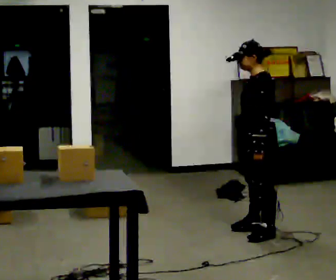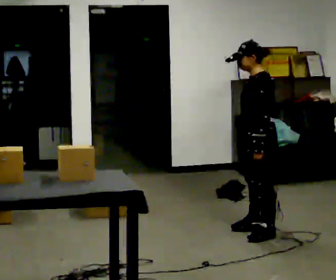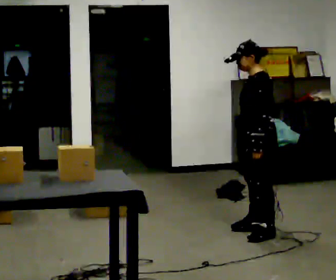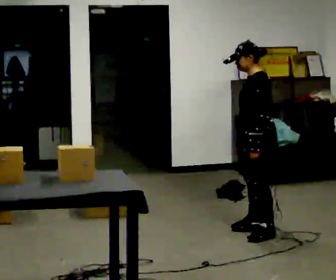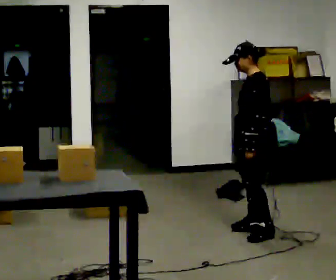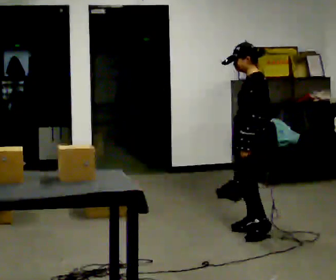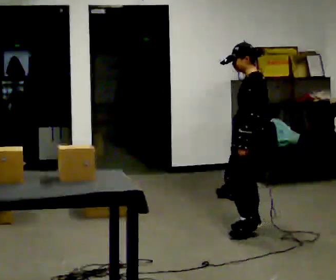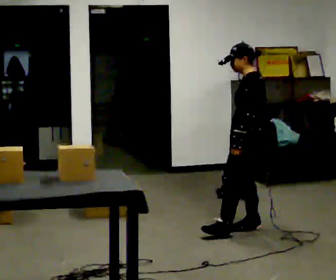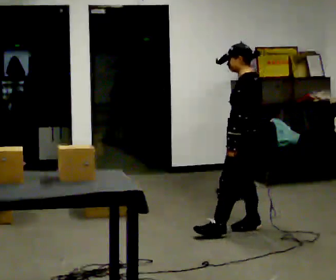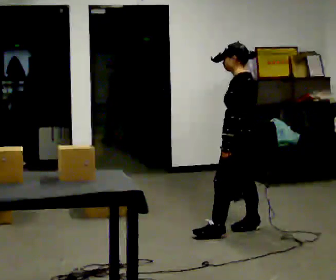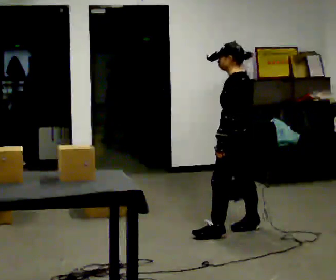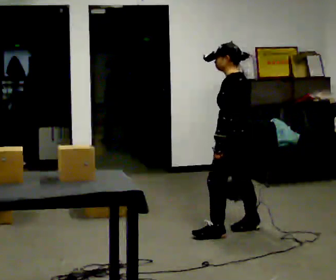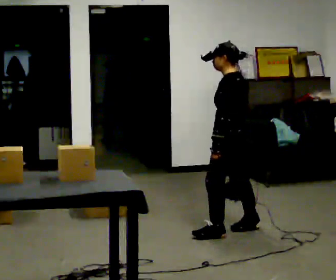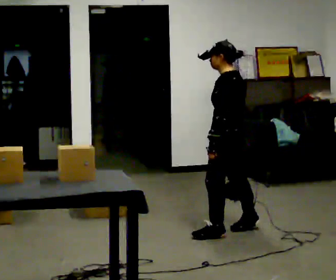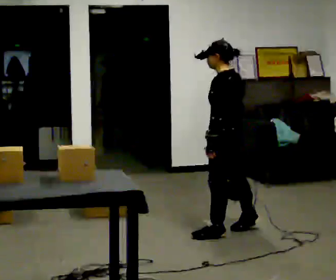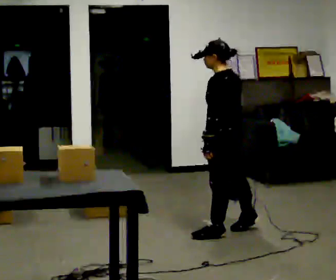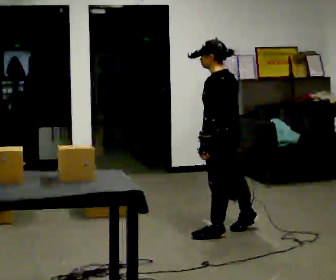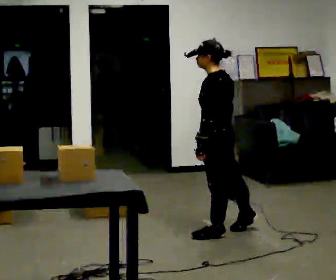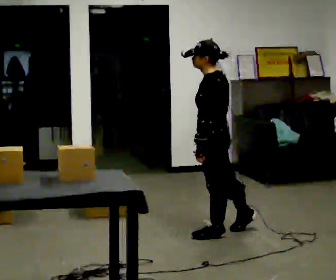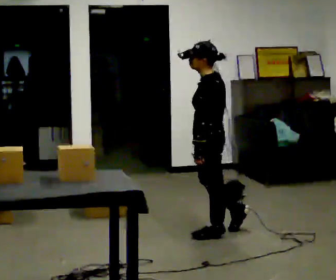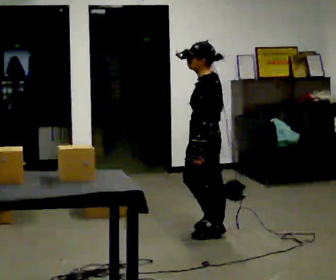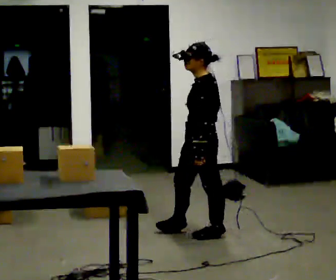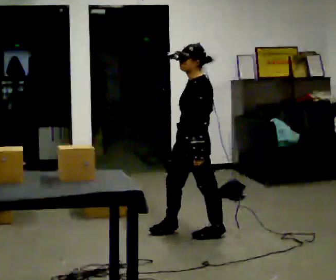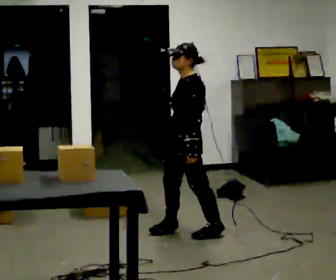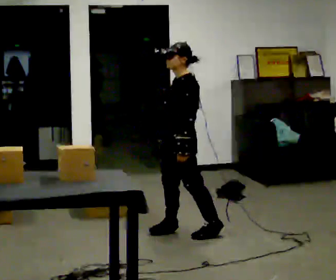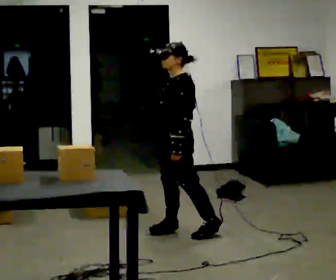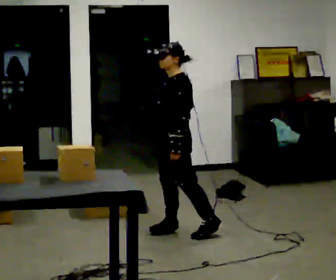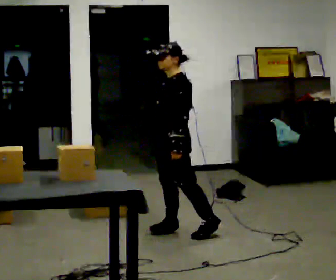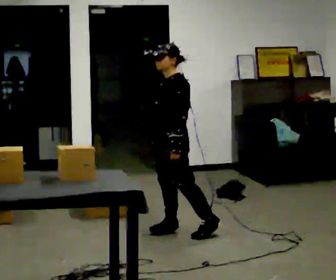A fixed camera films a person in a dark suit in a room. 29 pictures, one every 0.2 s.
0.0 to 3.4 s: The person turns about 30 degrees to their right, clockwise seen from above, so the part of the body nearest the lens slides to the left. In the picture they go to the left, about 0.25 m in 1 step, which for them is forward.
3.4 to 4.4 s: The person turns about 30 degrees to their left, counterclockwise seen from above, so the part of the body nearest the lens slides to the right. In the picture they go to the left, about 0.25 m in 1 step, which for them is forward.
4.4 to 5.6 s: In the picture they go to the left, about 0.25 m, which for them is to their right and forward.
The film runs forward here.
